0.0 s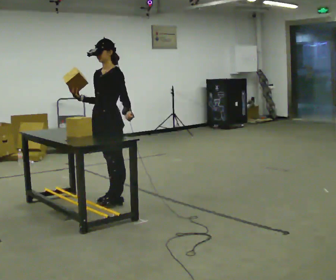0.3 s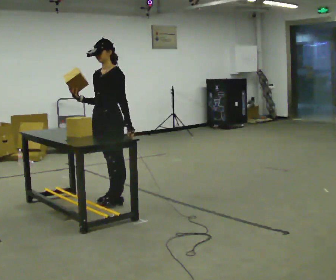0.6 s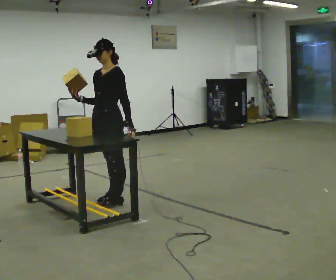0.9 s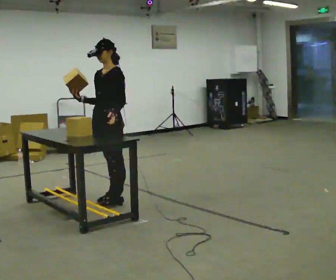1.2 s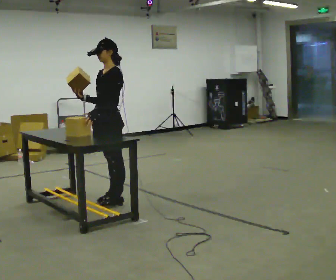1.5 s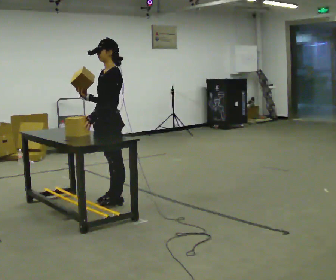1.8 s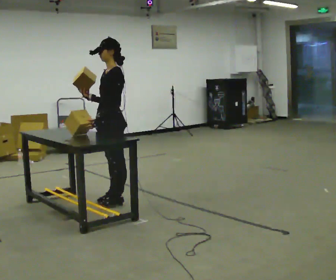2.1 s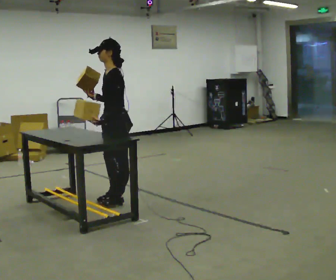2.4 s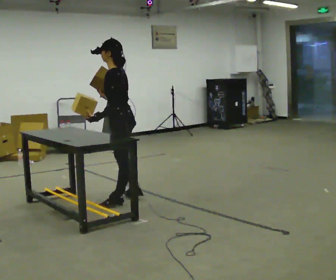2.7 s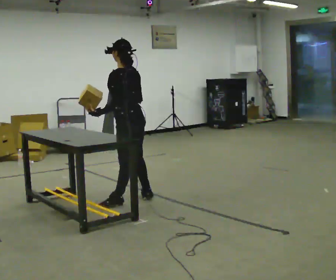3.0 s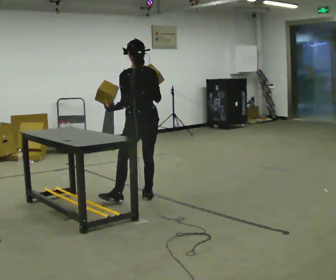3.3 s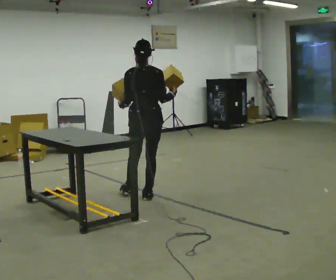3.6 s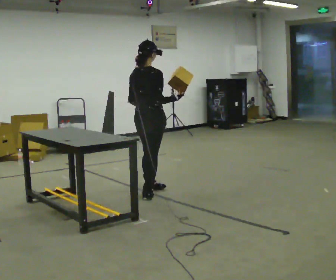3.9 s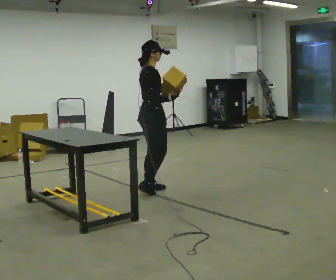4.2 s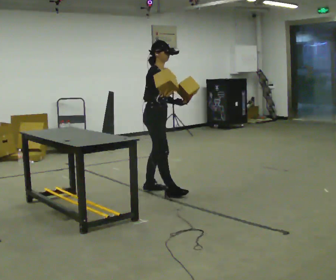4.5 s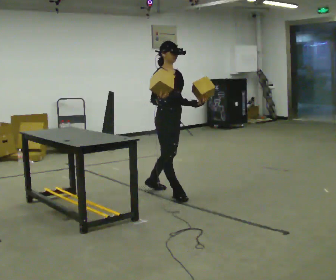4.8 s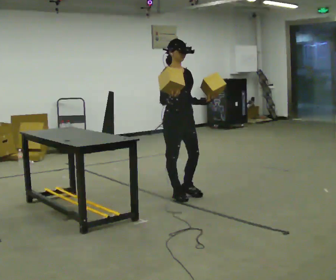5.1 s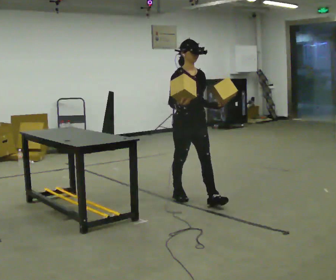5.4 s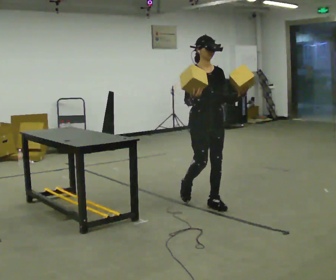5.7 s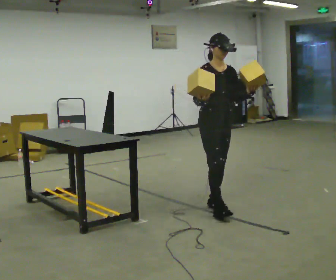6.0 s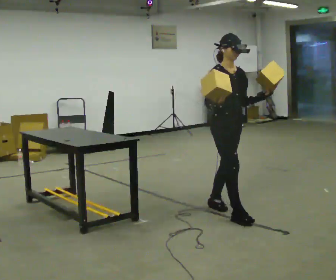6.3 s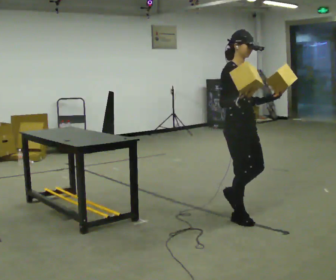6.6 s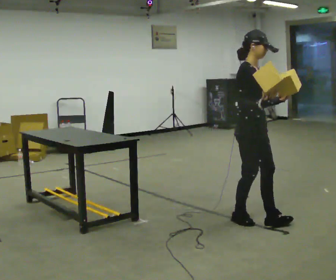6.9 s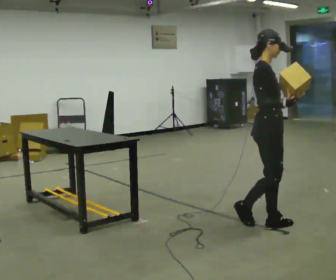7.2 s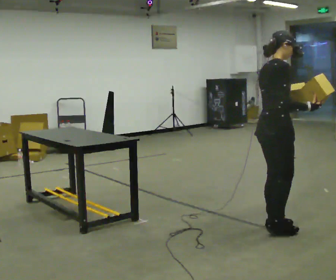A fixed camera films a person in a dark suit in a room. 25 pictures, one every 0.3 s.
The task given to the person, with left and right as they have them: Carry two objects across the room, then put just one of them on the shelf while still holding the other. Then bring them both back. Keep going until the operator says stop; one object at a time, and do not rush between trips.
0.0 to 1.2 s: The person moves a little, or ends about where they began.
1.2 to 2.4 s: Seen from above the body turns clockwise, about 45 degrees: to their right, with its near side sliding to the left.
2.4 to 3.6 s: Seen from above the body turns clockwise, about 120 degrees: to their right, with its near side sliding to the left. In the picture they go away from the camera and to the right, about 0.25 m in 2 steps.
3.6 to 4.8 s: The part of the body nearest the lens slides to the left as the person turns to their right by about 105 degrees. In the picture they go to the right and toward the camera, about 0.25 m in 1 step.
4.8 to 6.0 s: In the picture they go toward the camera and to the right, about 0.5 m in 2 steps, which for them is forward.
6.0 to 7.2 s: Seen from above the body turns counterclockwise, about 60 degrees: to their left, with its near side sliding to the right. In the picture they go toward the camera and to the right, about 0.5 m in 1 step, which for them is forward and to their right.
The film runs forward here.
